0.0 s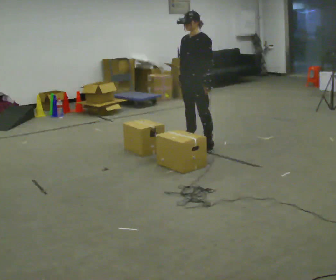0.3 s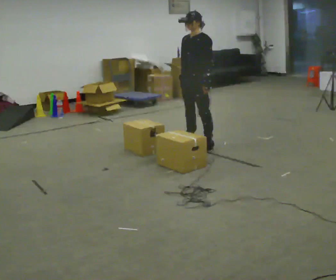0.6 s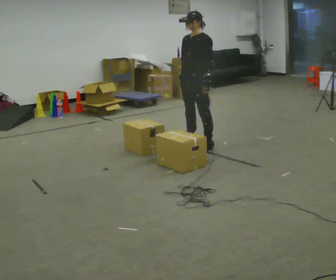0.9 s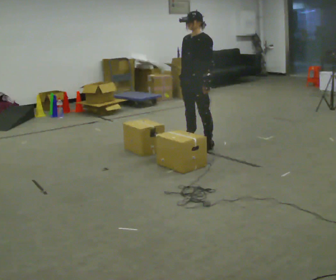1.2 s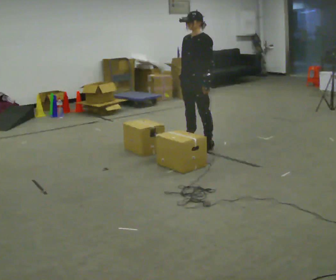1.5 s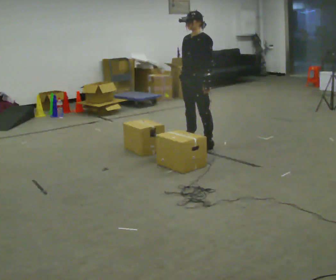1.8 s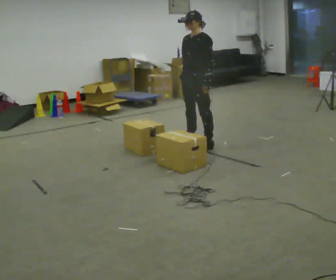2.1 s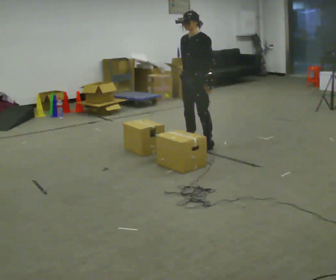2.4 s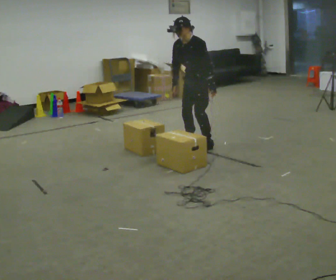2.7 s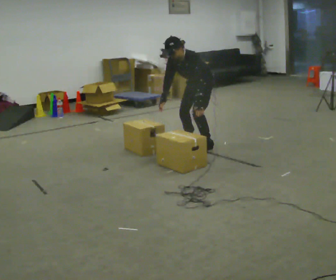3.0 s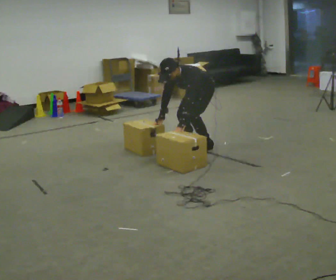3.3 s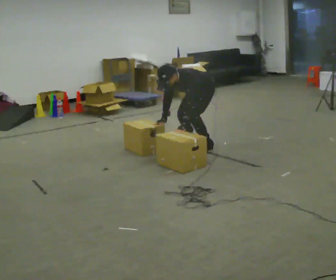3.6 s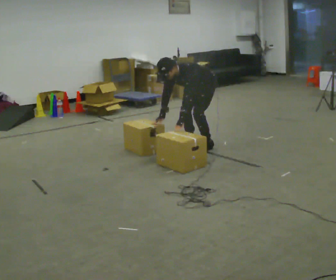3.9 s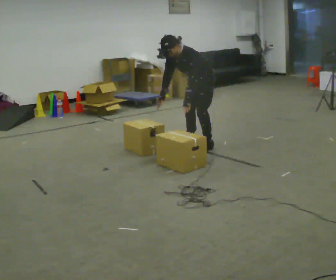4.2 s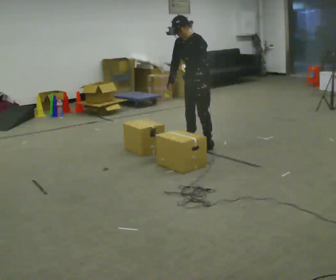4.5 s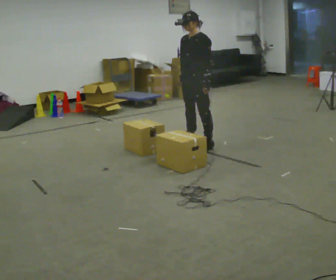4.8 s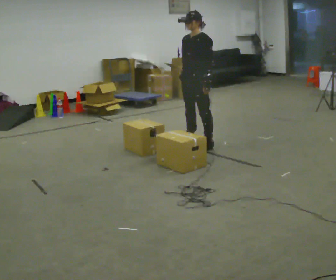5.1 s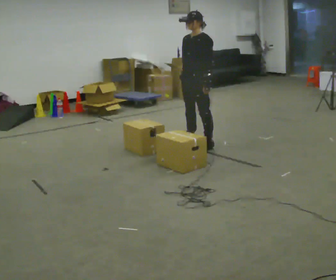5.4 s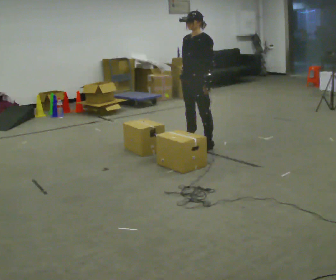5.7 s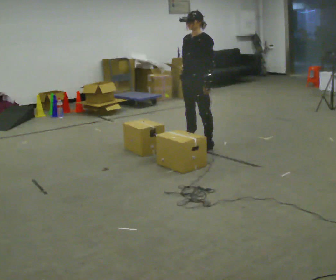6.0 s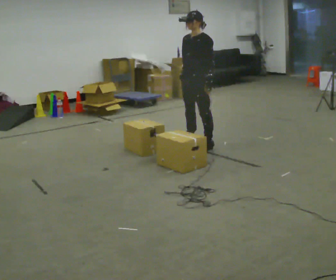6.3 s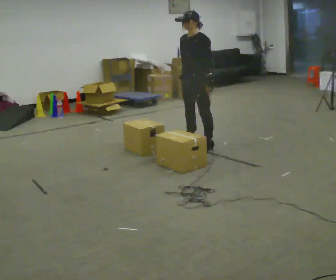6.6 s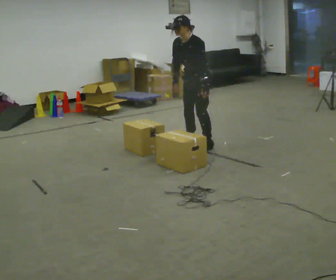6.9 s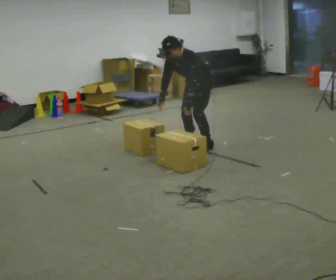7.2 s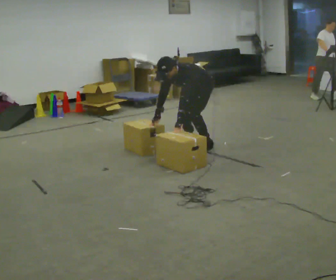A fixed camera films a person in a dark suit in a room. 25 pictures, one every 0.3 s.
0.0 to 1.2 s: The person keeps their place and pose.
1.2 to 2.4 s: In the picture the upper body tilts counterclockwise, shoulders to the left, as they bend forward.
2.4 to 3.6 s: The shoulders move downward. In the picture the upper body tilts counterclockwise, shoulders to the left, as they bend forward. In the picture their left hand goes to the left and downward.
3.6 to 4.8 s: The upper body goes upward. In the picture the upper body tilts clockwise, shoulders to the right, as they lean back or straighten. In the picture their right hand goes upward.
4.8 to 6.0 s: The person keeps their place and pose.
6.0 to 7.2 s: The upper body goes downward. In the picture the upper body tilts counterclockwise, shoulders to the left, as they bend forward. In the picture their right hand goes downward and to the left.
The film runs backward here.
